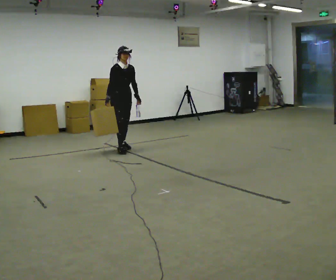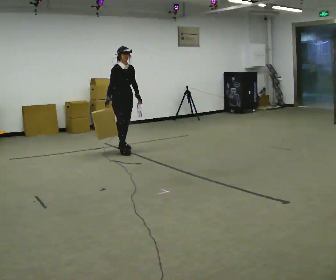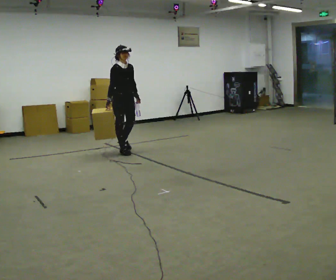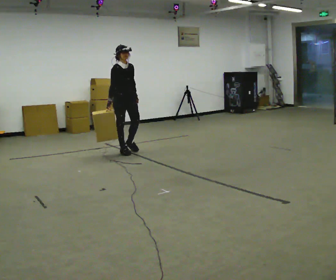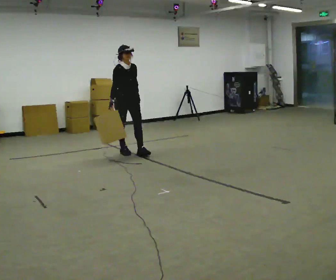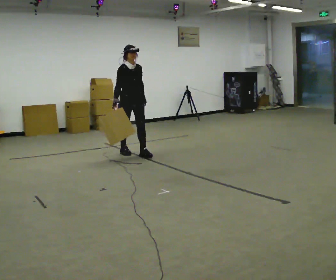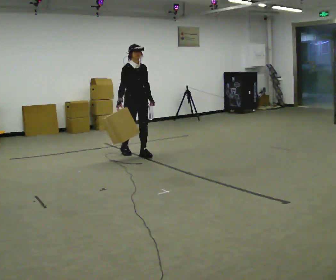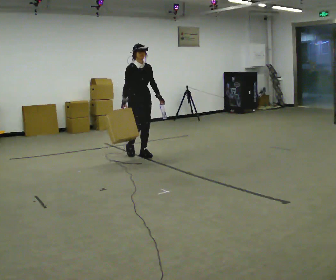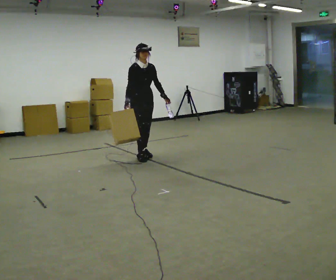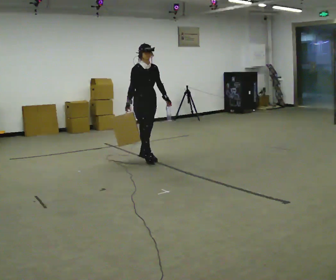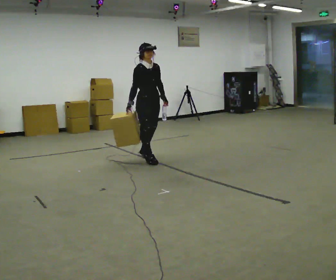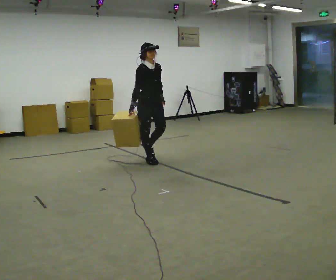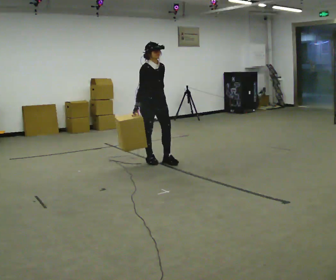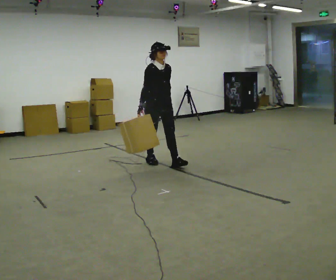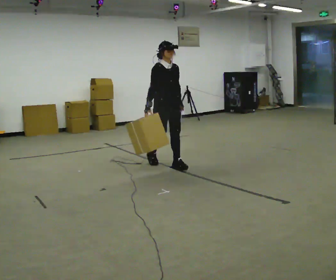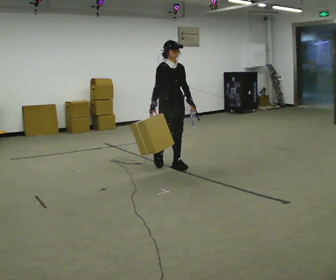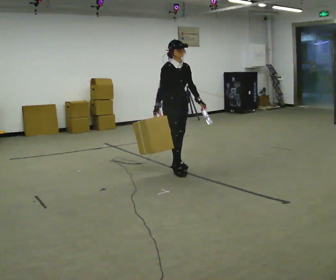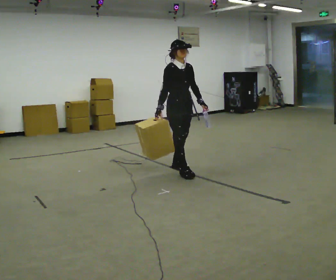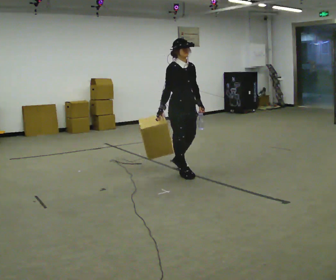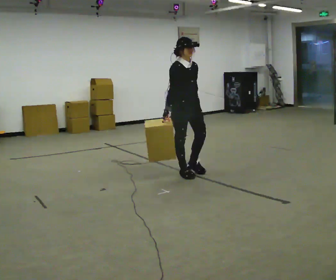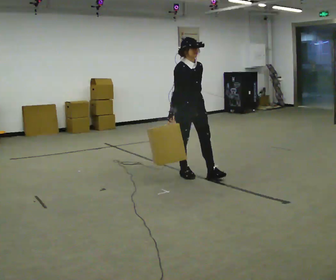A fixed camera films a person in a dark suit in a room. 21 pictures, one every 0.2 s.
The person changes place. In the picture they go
toward the camera.
0.0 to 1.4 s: In the picture they go toward the camera and to the right, about 0.5 m in 2 steps, which for them is forward.
1.4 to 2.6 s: In the picture they go toward the camera and to the right, about 0.5 m in 2 steps, which for them is forward.
2.6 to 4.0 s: In the picture they go toward the camera and to the right, about 0.5 m in 1 step, which for them is forward.
The film runs forward here.
